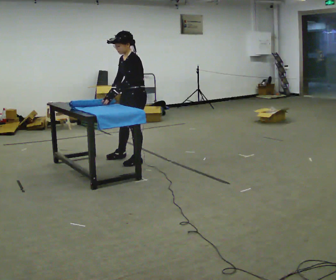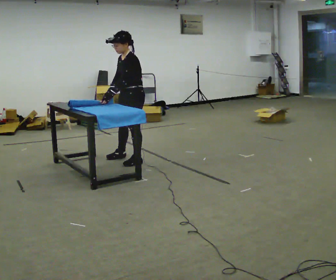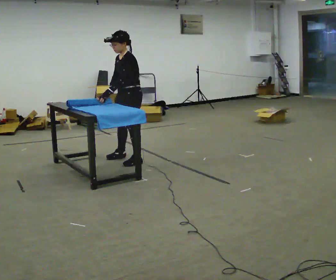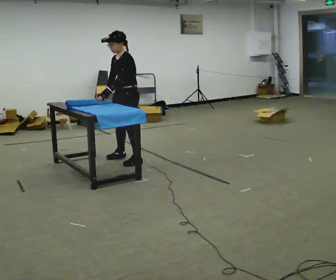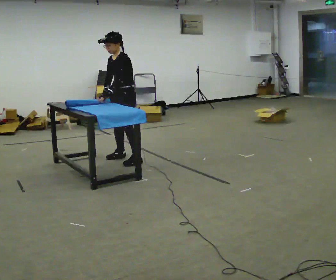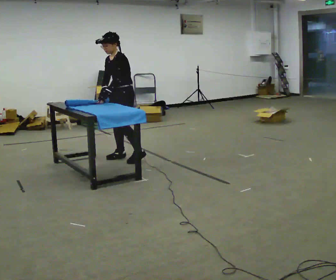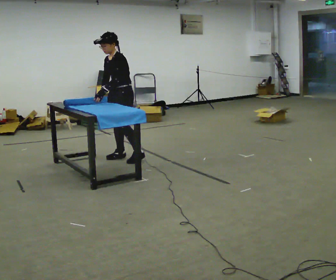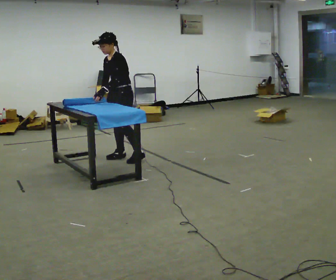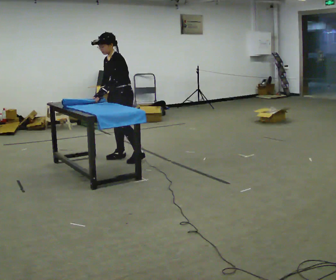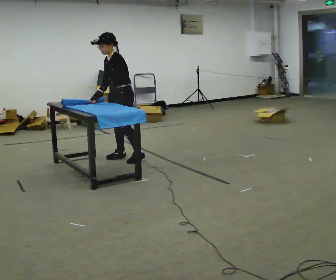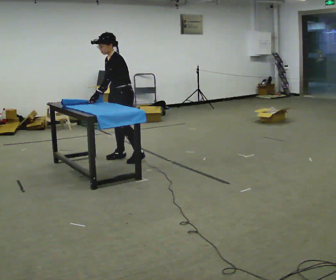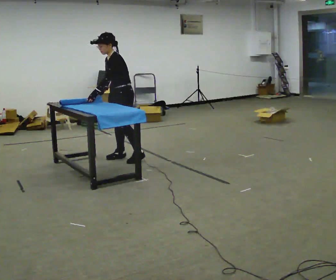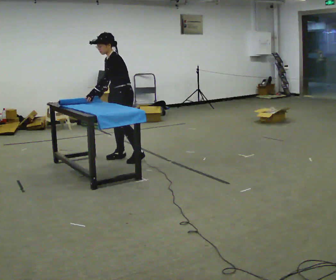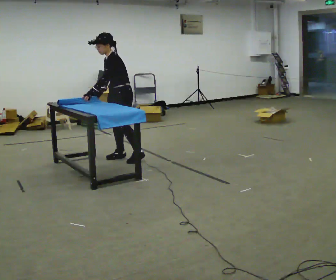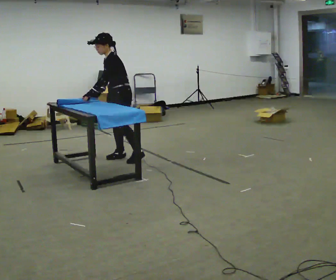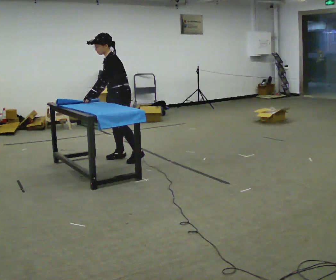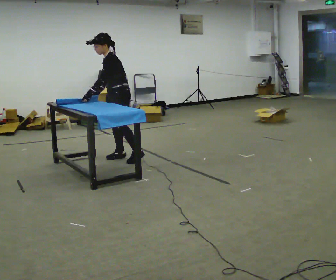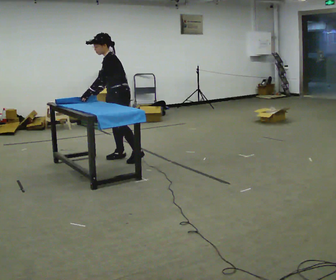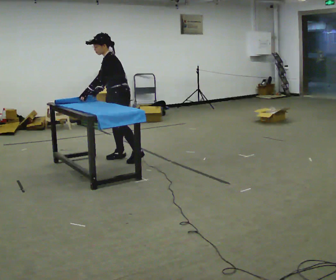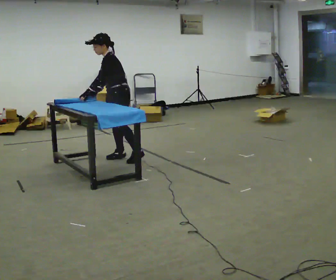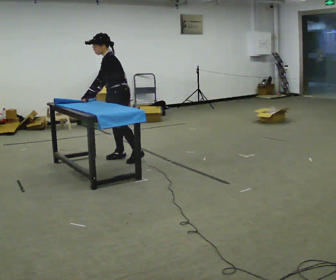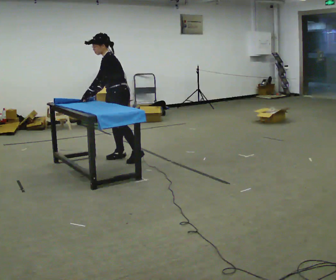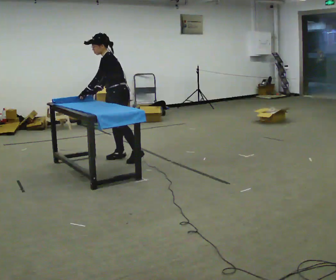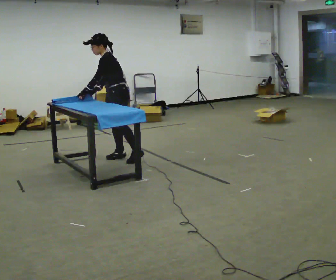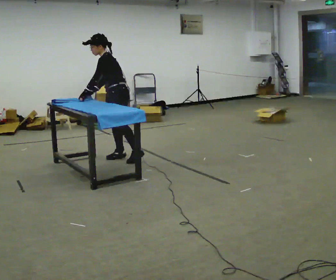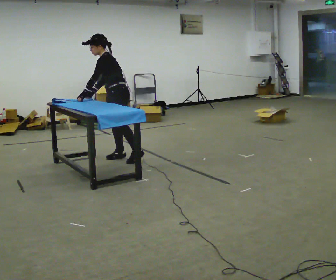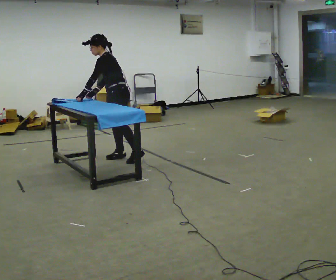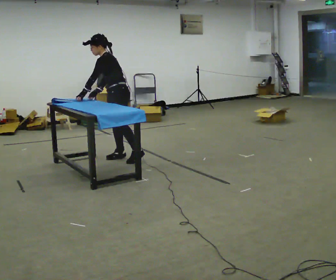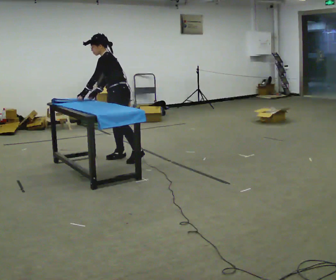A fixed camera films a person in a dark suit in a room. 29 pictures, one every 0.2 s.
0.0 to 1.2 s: In the picture they go away from the camera and to the left, about 0.25 m, which for them is to their right.
1.2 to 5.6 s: Seen from above the body turns clockwise, about 30 degrees: to their right, with its near side sliding to the left.
The film runs backward here.
